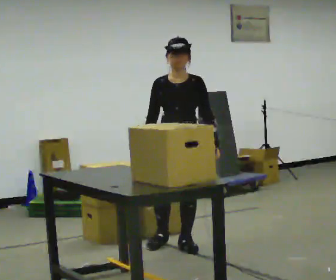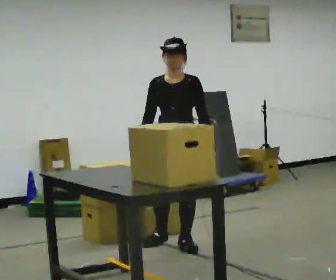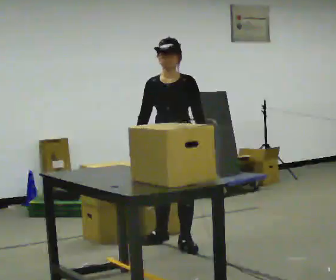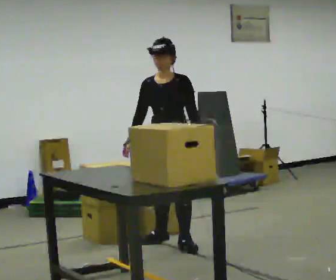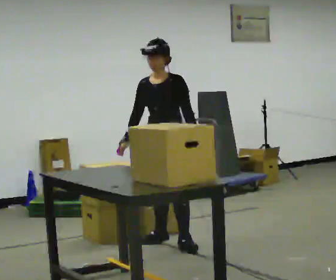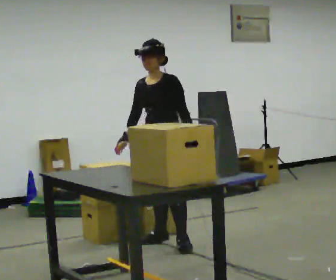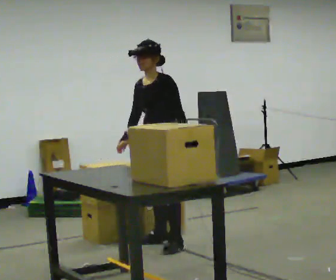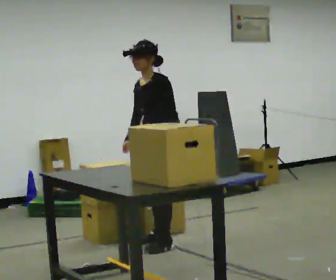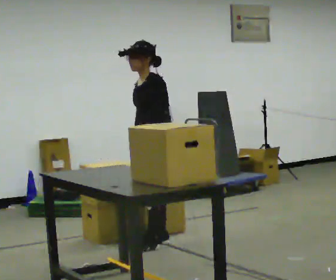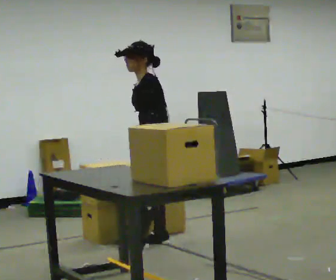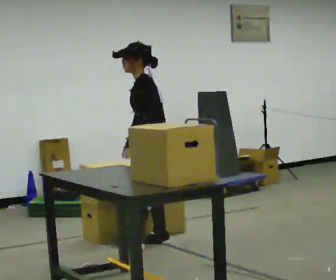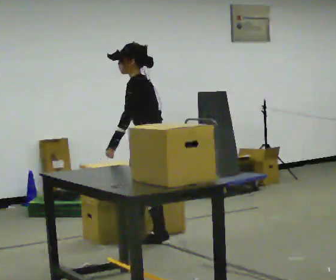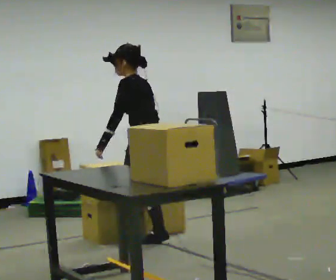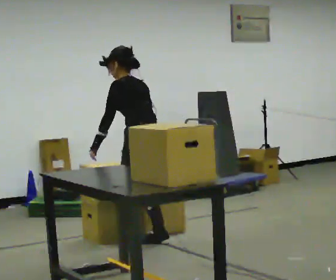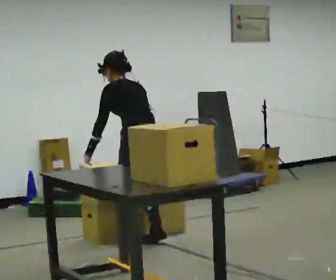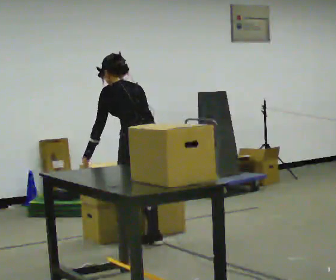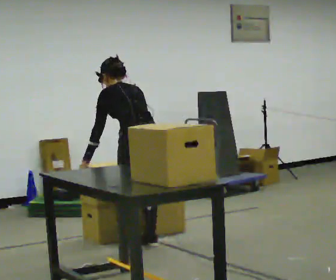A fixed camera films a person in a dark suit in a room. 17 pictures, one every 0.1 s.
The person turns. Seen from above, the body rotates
clockwise.
The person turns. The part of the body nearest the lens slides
to the left.
0.0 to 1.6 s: The part of the body nearest the lens slides to the left as the person turns to their right by about 135 degrees. In the picture they go to the left, about 0.25 m in 1 step. The upper body tips away from the camera, its near side rolling upward, as they bend forward.
The film runs backward here.
